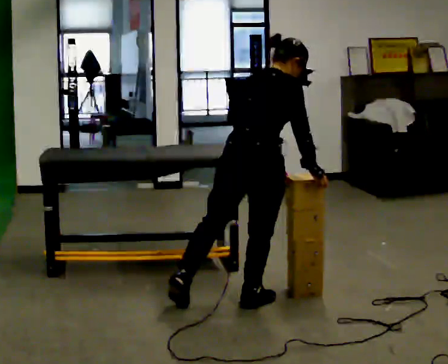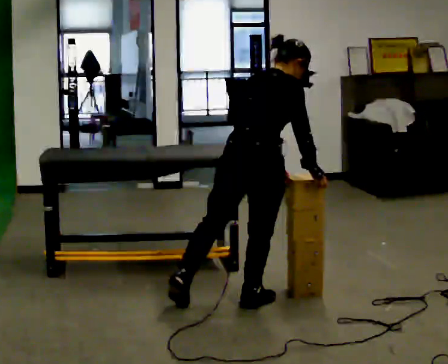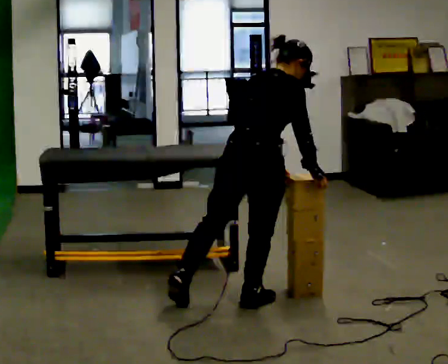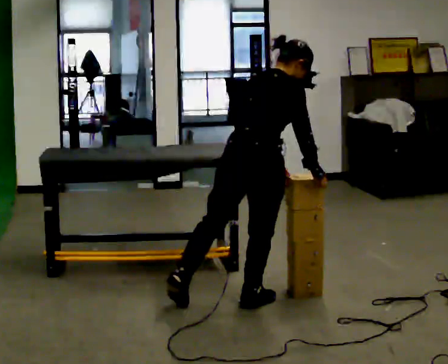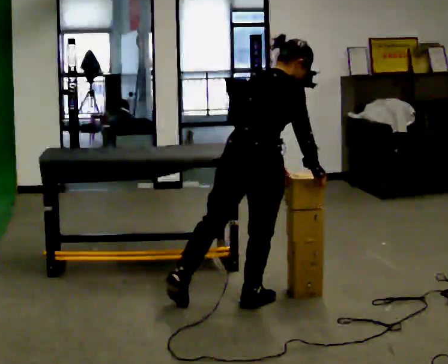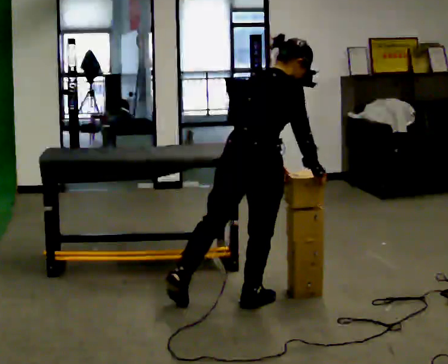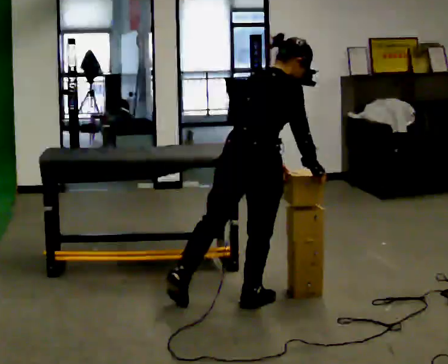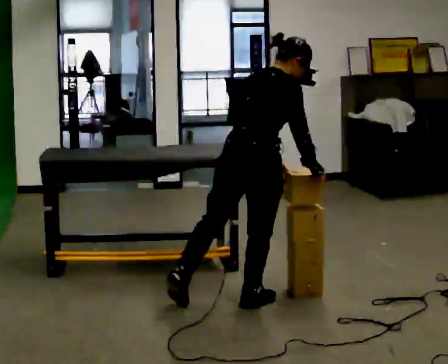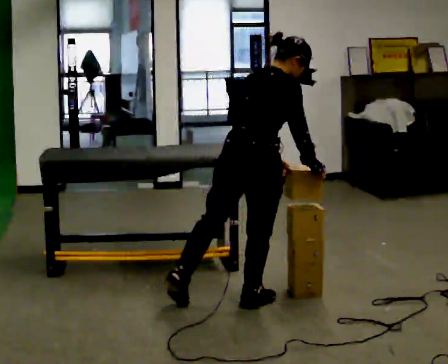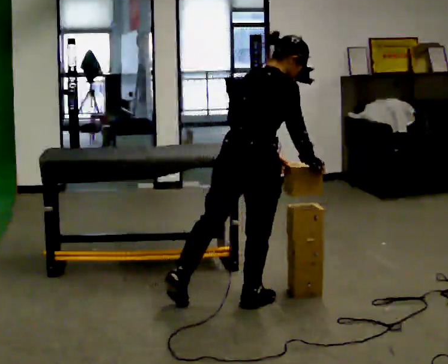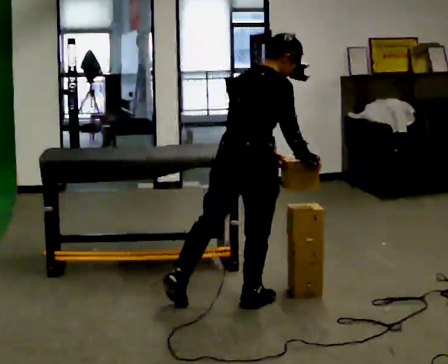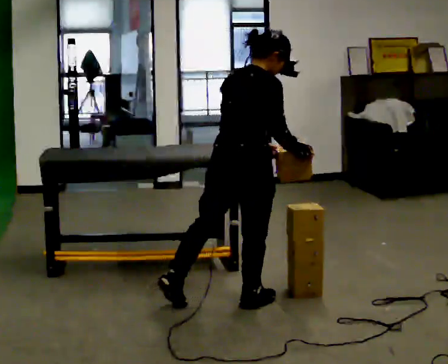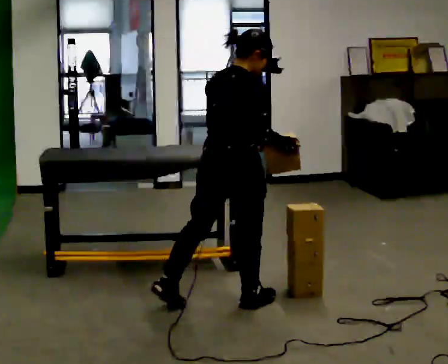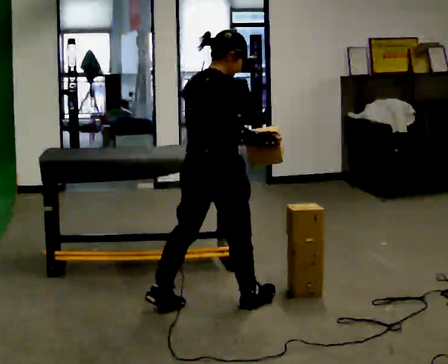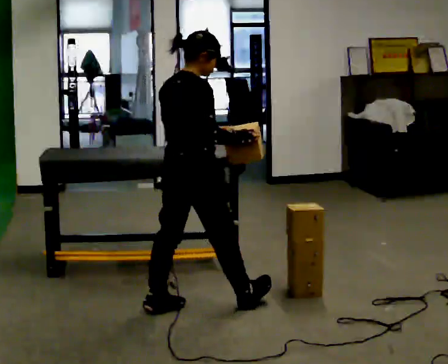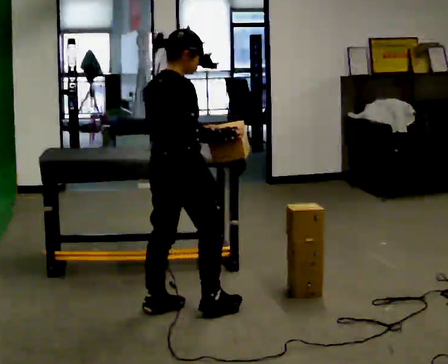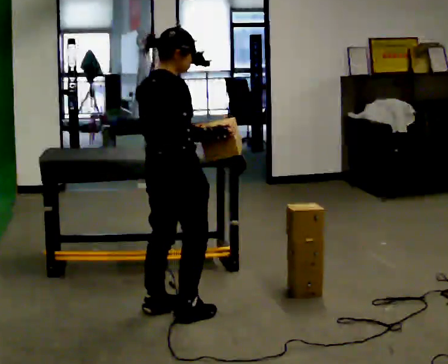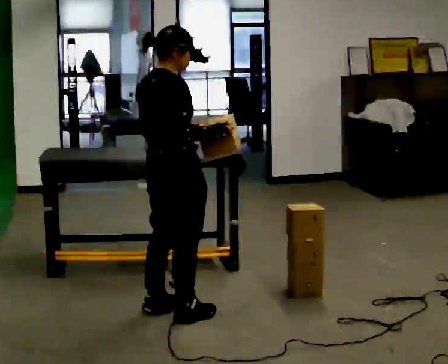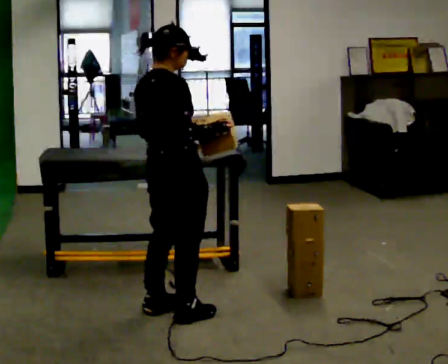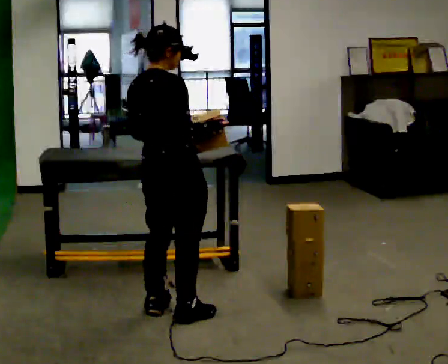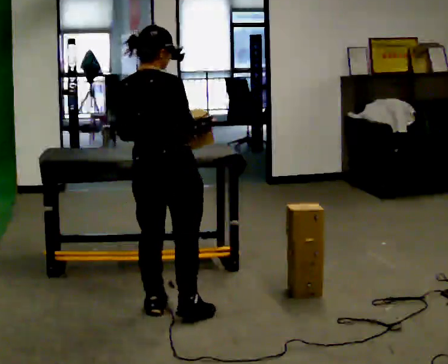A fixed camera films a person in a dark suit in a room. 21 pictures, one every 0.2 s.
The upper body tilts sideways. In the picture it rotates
counterclockwise.
0.0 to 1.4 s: The person moves a little, or ends about where they began.
1.4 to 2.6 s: In the picture they go to the left, about 0.25 m, which for them is backward and to their left. In the picture the upper body tilts counterclockwise, shoulders to the left, as they lean back or straighten.
2.6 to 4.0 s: In the picture they go to the left, about 0.25 m in 1 step, which for them is backward.
The film runs backward here.
